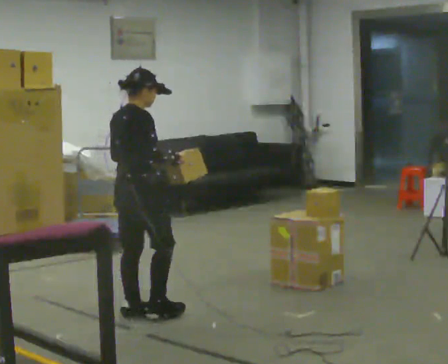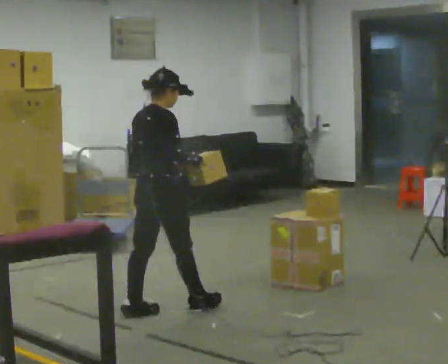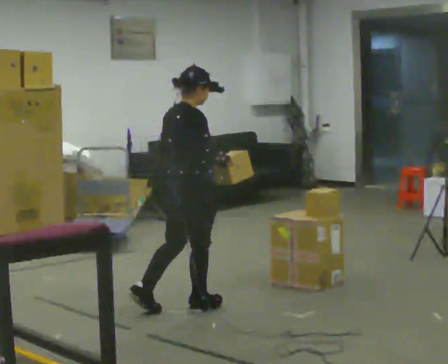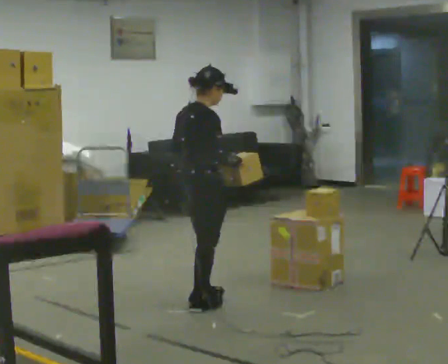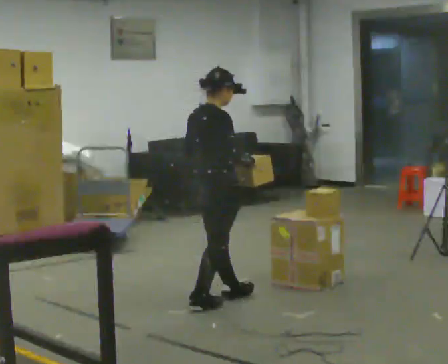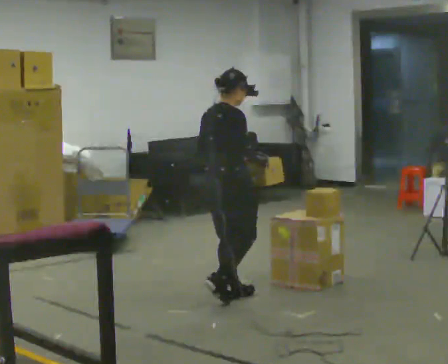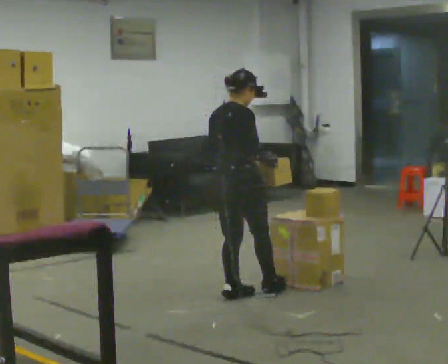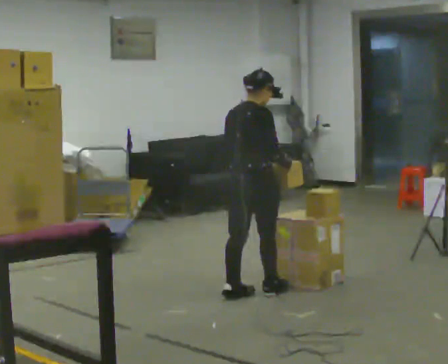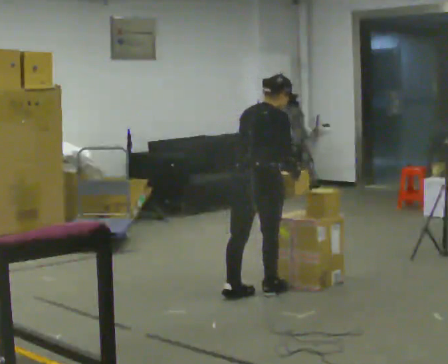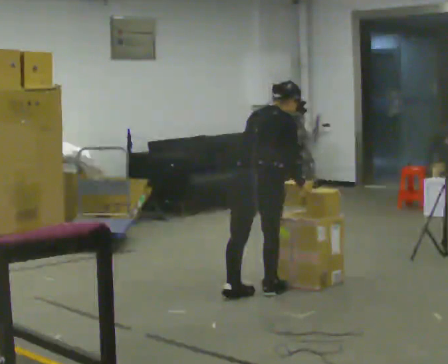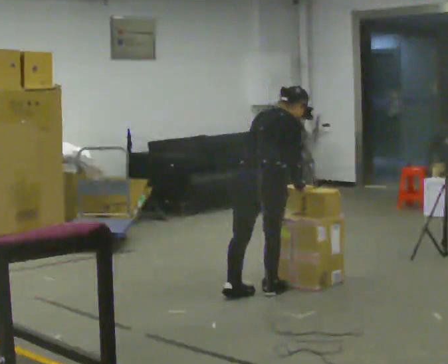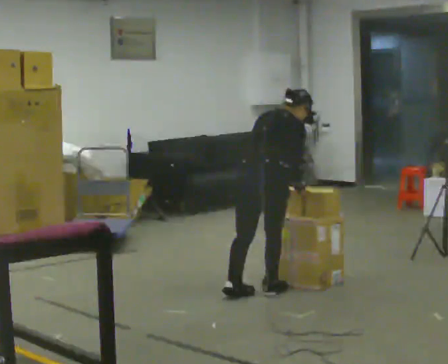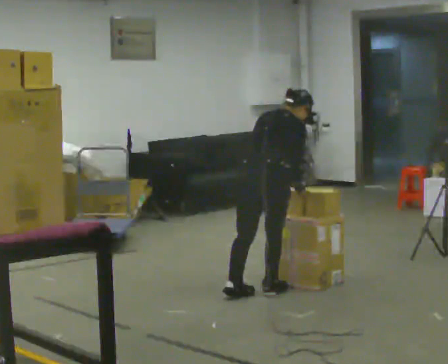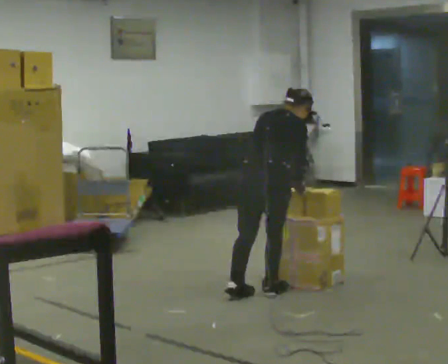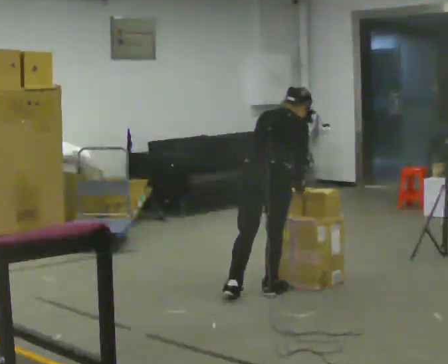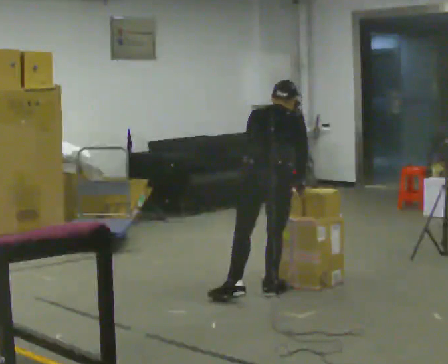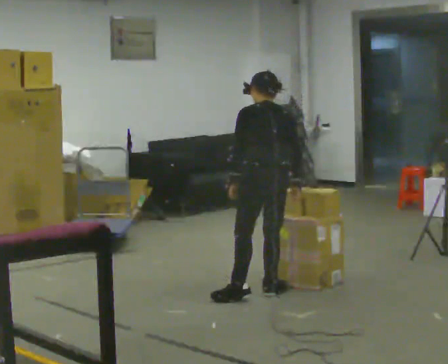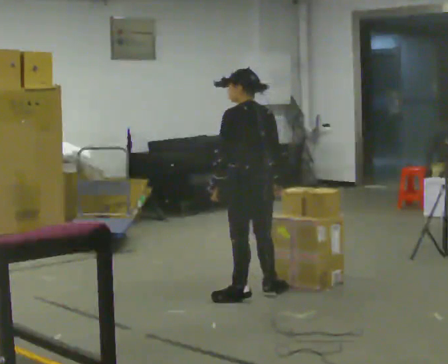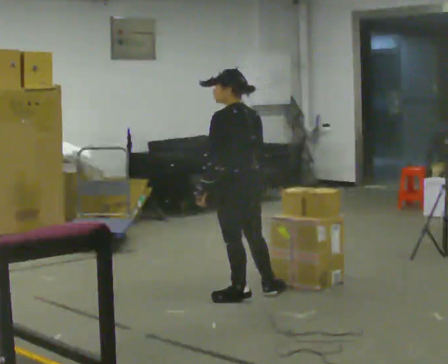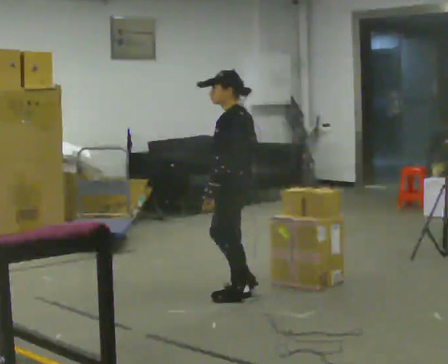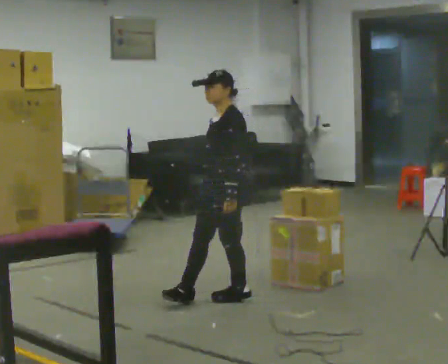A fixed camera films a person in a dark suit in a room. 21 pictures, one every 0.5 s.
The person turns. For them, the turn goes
to their left.
The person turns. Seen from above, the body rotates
counterclockwise.
0.0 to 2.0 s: In the picture they go to the right and away from the camera, about 0.5 m in 2 steps, which for them is forward.
2.0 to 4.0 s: In the picture they go away from the camera and to the right, about 0.25 m in 1 step, which for them is forward.
4.0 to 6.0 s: The person moves a little, or ends about where they began.
6.0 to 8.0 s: The person turns about 60 degrees to their left, counterclockwise seen from above, so the part of the body nearest the lens slides to the right. In the picture the upper body tilts counterclockwise, shoulders to the left, as they lean back or straighten.
8.0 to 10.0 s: Seen from above the body turns counterclockwise, about 90 degrees: to their left, with its near side sliding to the right. In the picture they go to the left, about 0.25 m in 1 step.
The film runs forward here.
